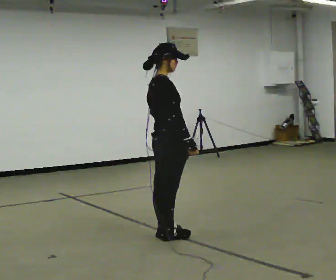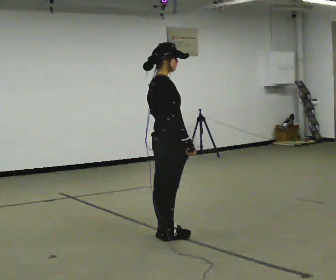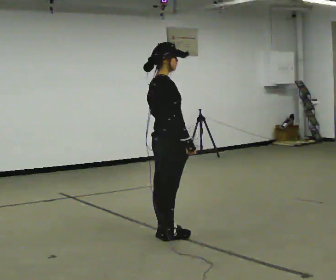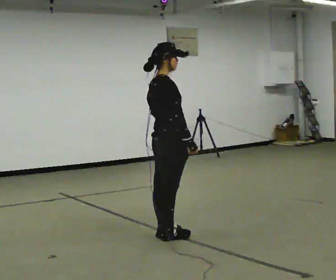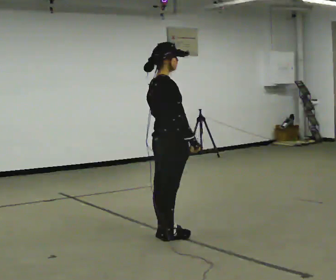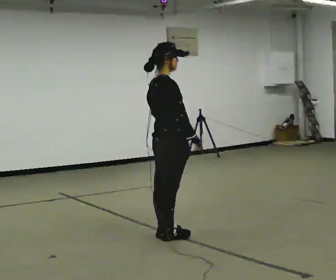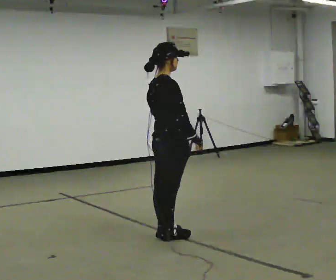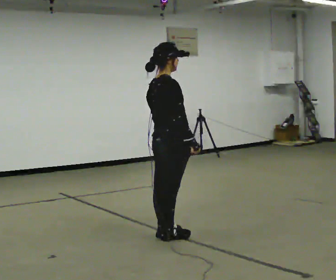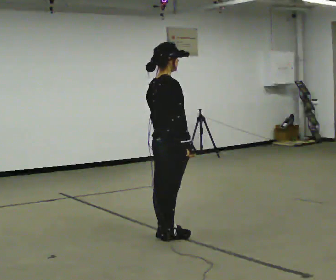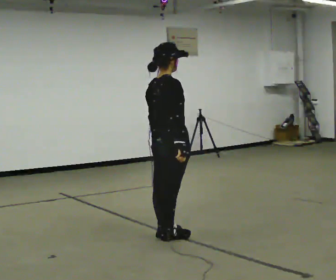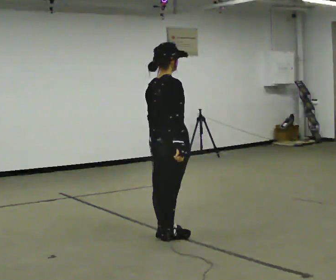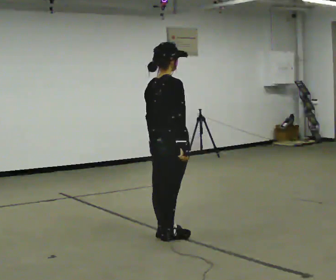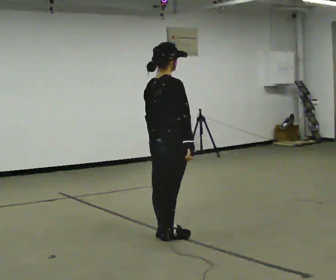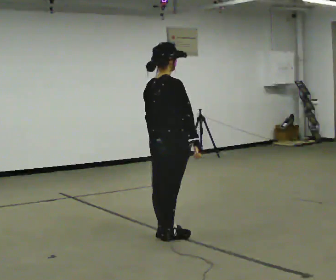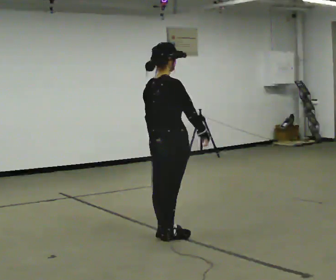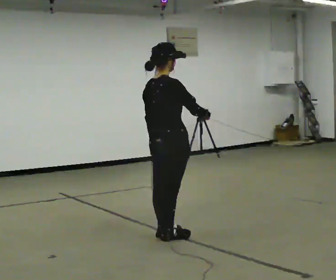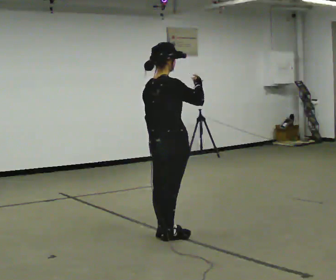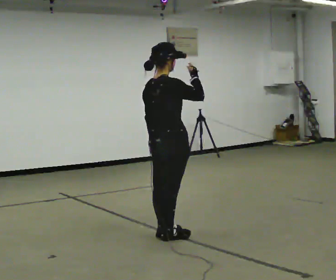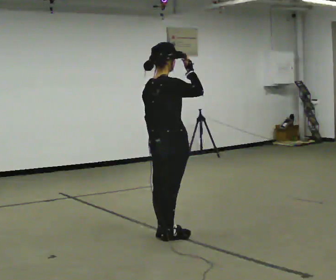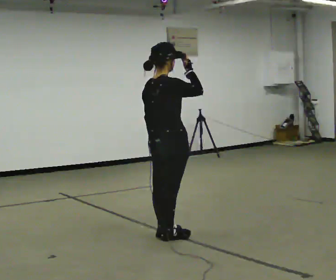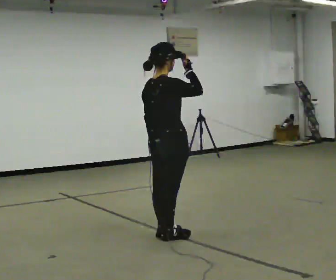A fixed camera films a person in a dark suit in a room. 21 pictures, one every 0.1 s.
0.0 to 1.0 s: The person moves a little, or ends about where they began.
1.0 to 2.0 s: In the picture their right hand goes upward.
The film runs backward here.
